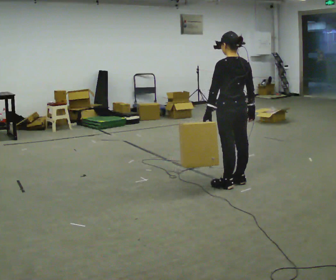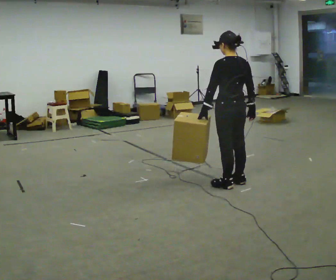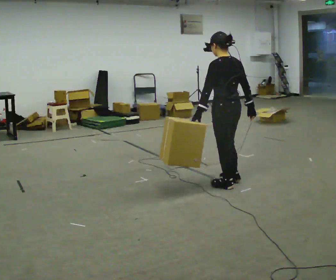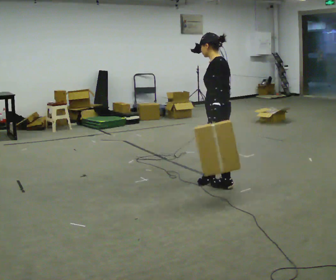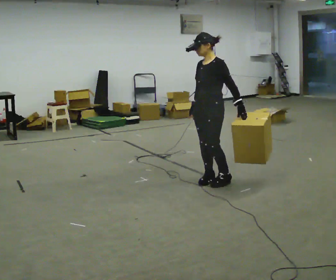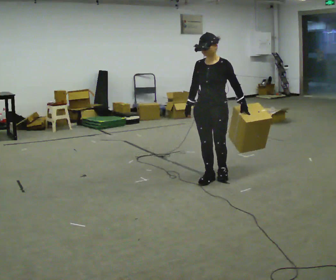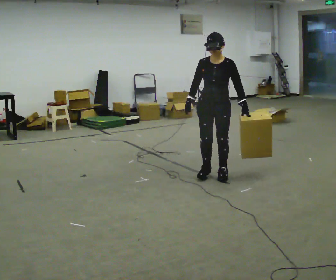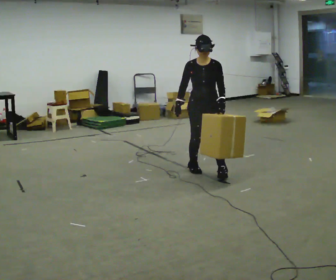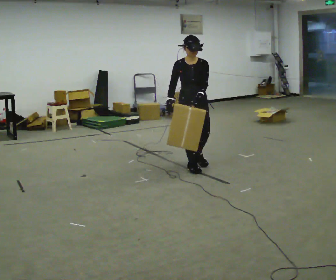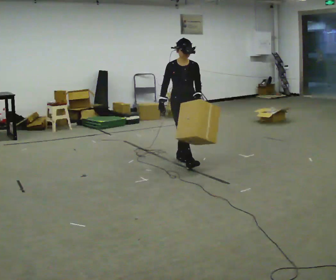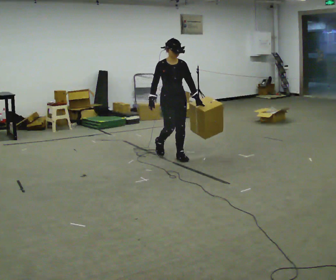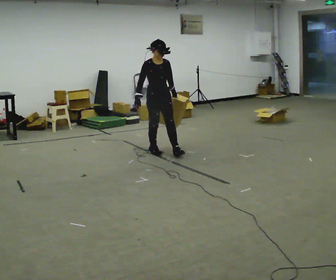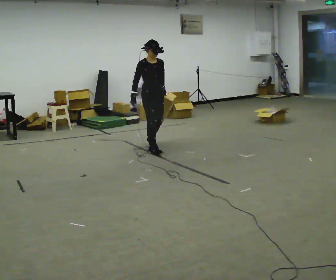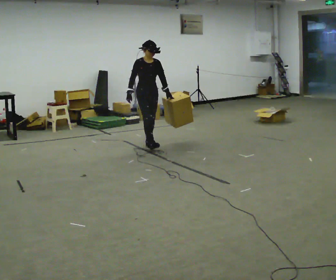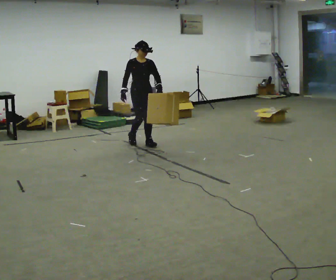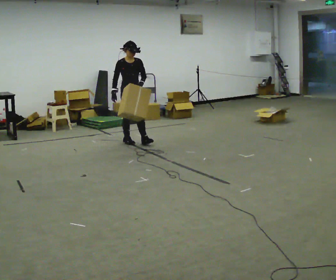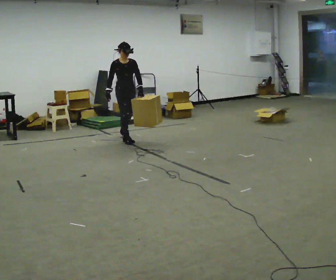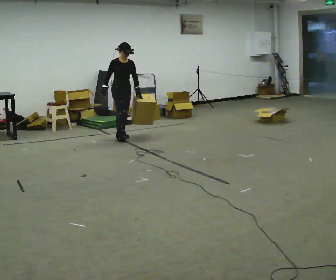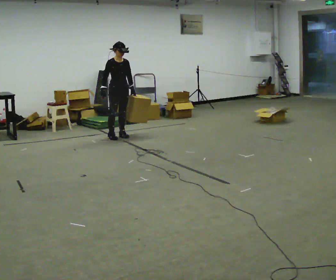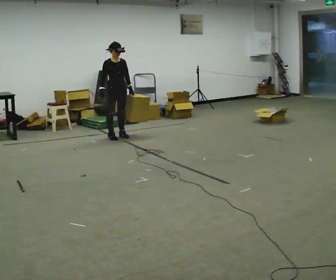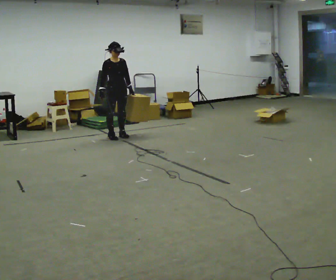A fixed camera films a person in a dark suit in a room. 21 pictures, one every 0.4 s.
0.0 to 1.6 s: Seen from above the body turns counterclockwise, about 90 degrees: to their left, with its near side sliding to the right. In the picture they go to the left, about 0.25 m in 2 steps.
1.6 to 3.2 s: The person turns about 75 degrees to their left, counterclockwise seen from above, so the part of the body nearest the lens slides to the right. In the picture they go away from the camera, about 0.5 m in 2 steps.
3.2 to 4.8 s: In the picture they go away from the camera and to the left, about 1 m in 2 steps, which for them is backward.
4.8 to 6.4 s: In the picture they go away from the camera and to the left, about 0.5 m in 2 steps, which for them is backward.
6.4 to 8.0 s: In the picture they go away from the camera and to the left, about 0.25 m in 1 step, which for them is backward.
The film runs backward here.
